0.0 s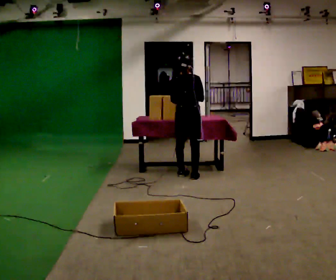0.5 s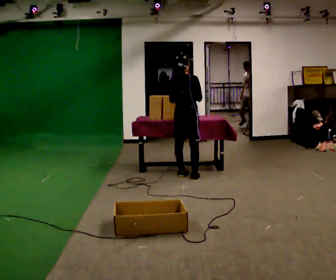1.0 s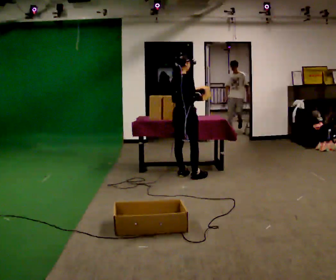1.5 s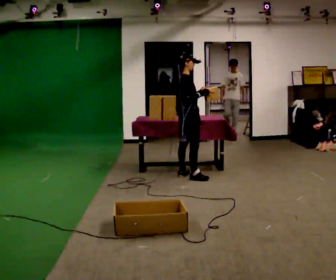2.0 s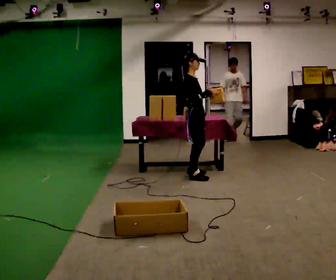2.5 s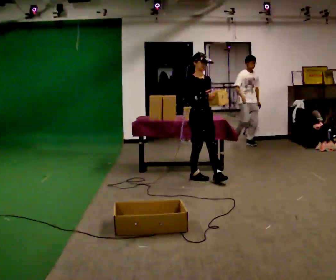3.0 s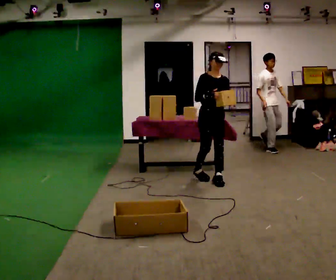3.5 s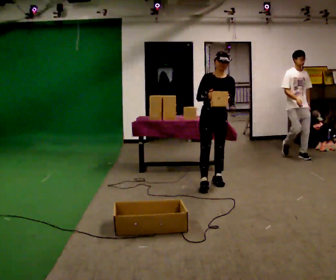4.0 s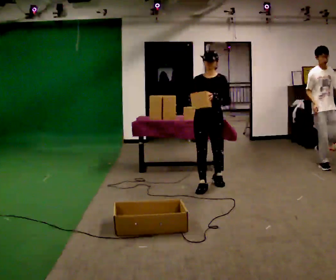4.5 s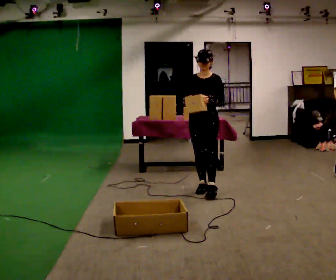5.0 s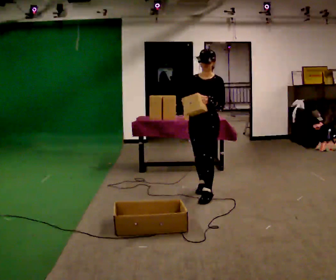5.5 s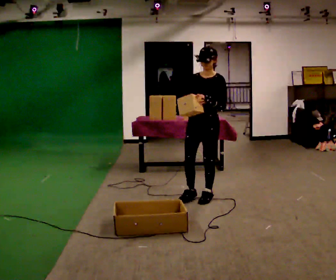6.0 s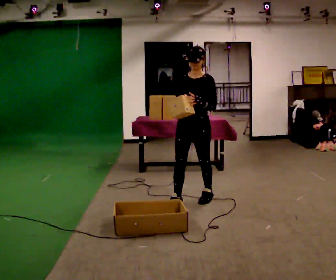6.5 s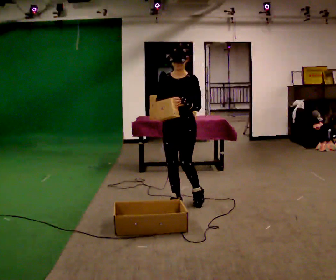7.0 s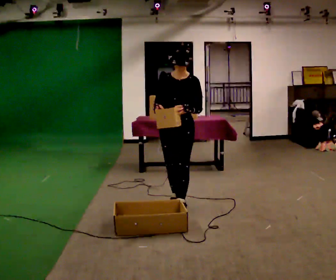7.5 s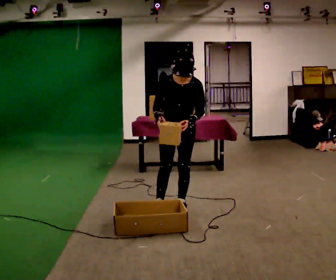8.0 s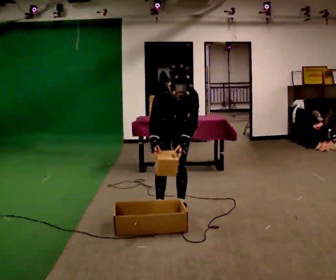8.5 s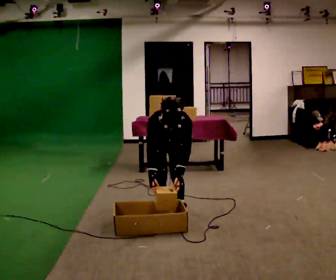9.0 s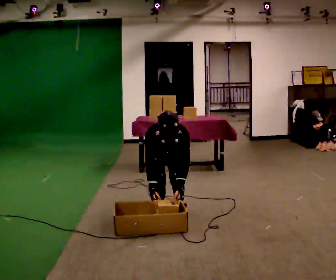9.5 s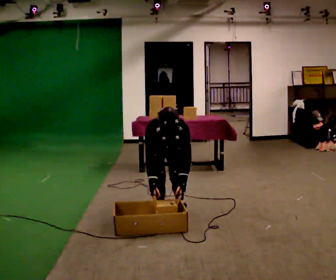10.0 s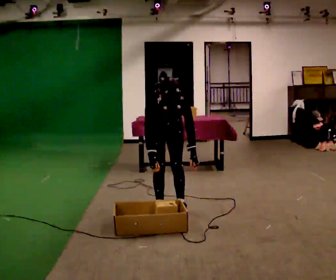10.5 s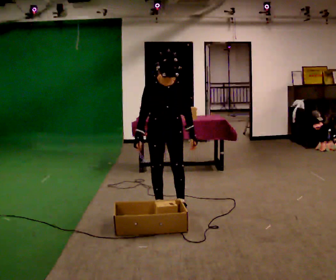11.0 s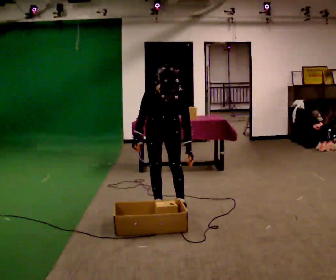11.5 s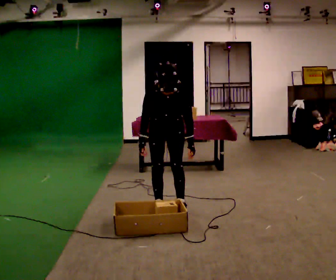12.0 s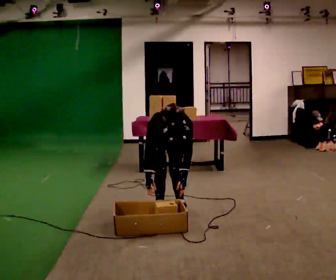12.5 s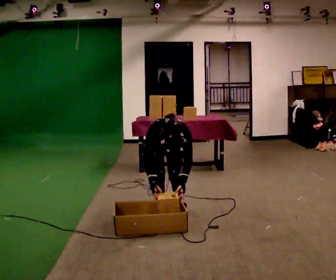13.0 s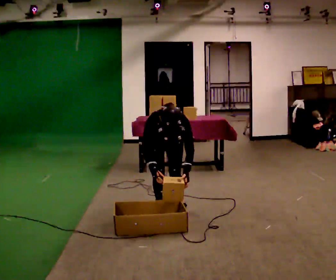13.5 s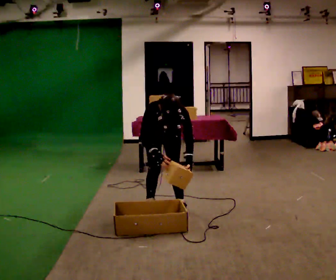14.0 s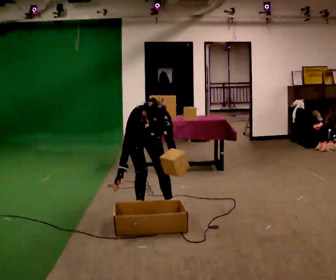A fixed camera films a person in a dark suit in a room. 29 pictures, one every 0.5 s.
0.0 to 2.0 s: The person turns about 90 degrees to their right, clockwise seen from above, so the part of the body nearest the lens slides to the left. In the picture they go toward the camera, about 0.25 m.
2.0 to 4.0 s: Seen from above the body turns clockwise, about 90 degrees: to their right, with its near side sliding to the left. In the picture they go toward the camera and to the right, about 0.5 m in 2 steps.
4.0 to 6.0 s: In the picture they go toward the camera, about 0.5 m in 2 steps, which for them is forward.
6.0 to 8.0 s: In the picture they go to the left and toward the camera, about 0.25 m in 2 steps, which for them is forward and to their right. The upper body tips toward the camera, its near side rolling downward, as they bend forward. In the picture their left hand goes downward.
8.0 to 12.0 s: The person moves a little, or ends about where they began.
12.0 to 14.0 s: In the picture they go to the left, about 0.25 m in 1 step, which for them is to their right.
The film runs forward here.
